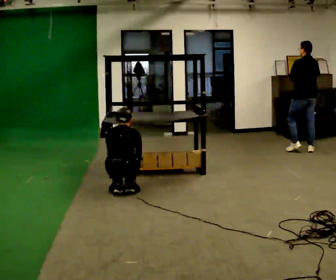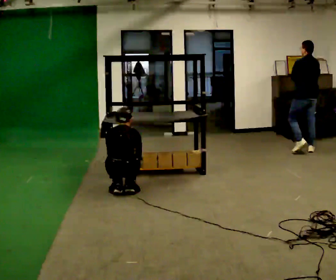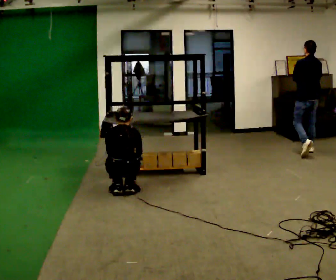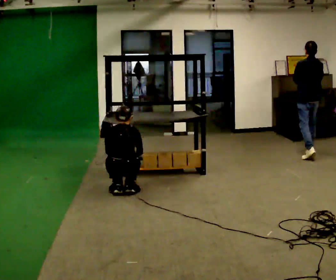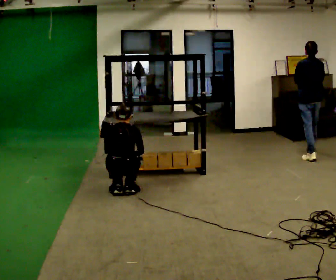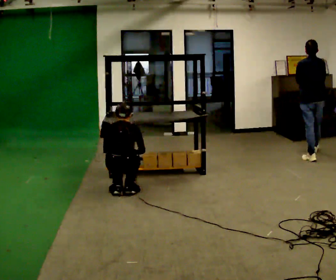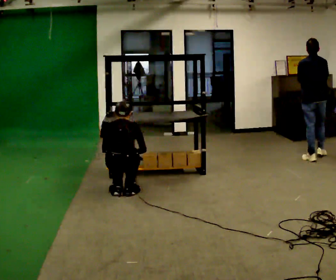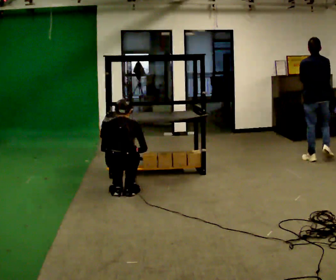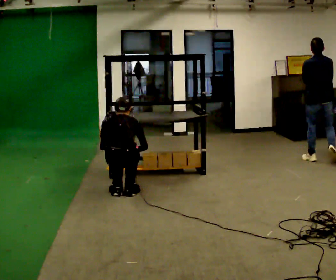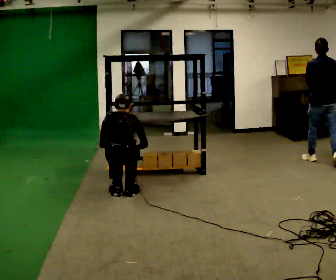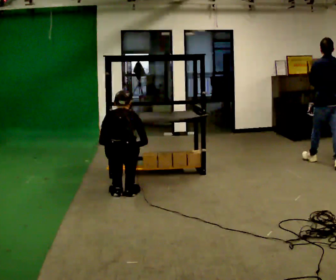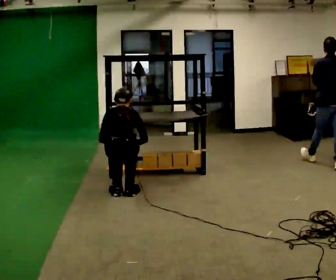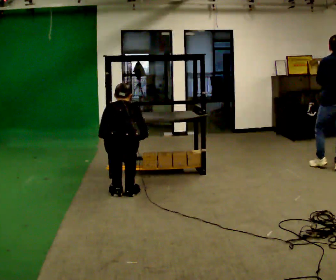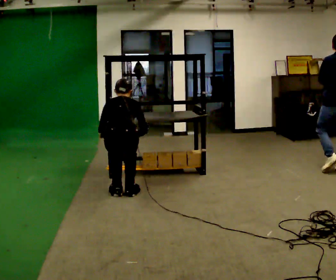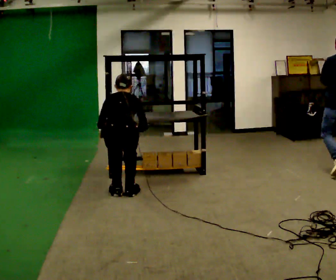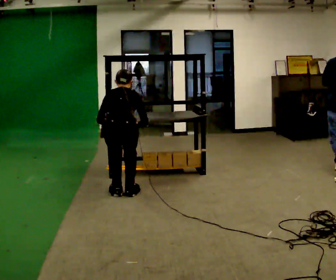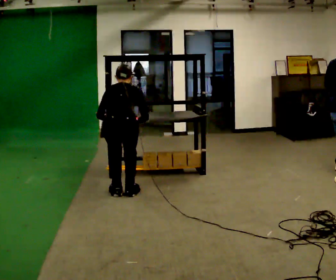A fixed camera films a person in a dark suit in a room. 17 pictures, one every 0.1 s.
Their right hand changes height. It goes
upward.
The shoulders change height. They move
upward.
0.0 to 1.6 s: The shoulders move upward. In the picture their left hand goes upward.
The film runs backward here.
